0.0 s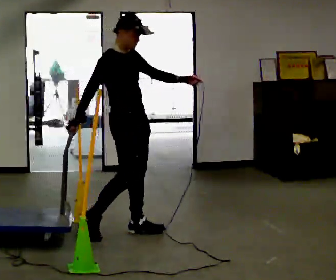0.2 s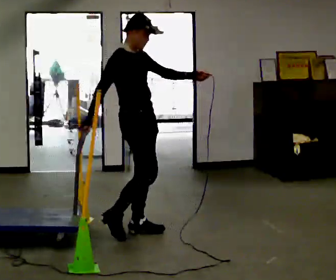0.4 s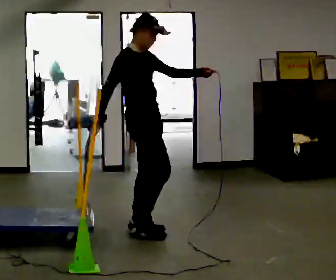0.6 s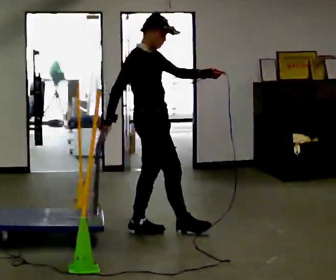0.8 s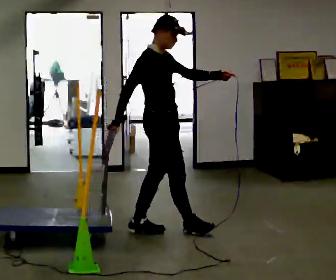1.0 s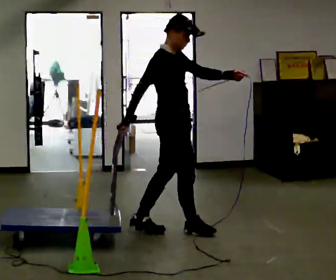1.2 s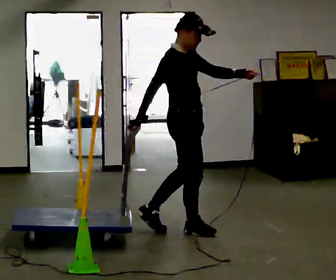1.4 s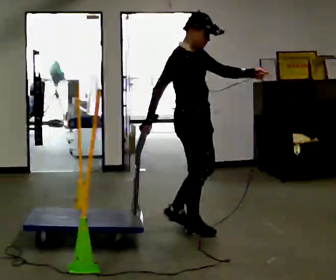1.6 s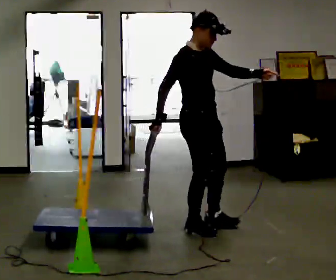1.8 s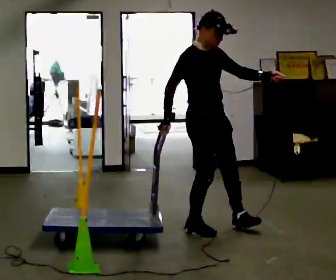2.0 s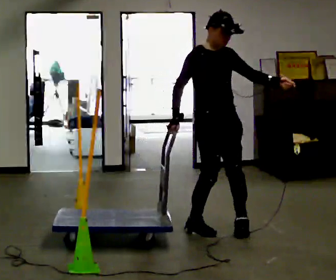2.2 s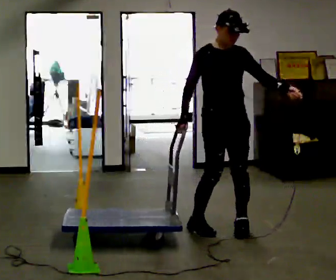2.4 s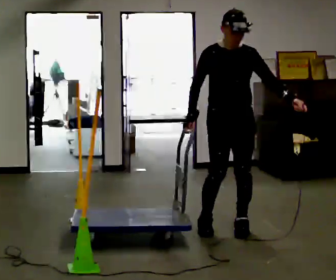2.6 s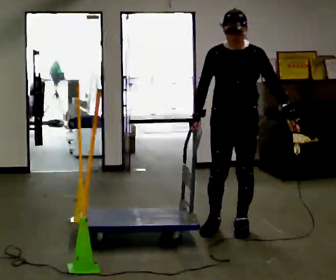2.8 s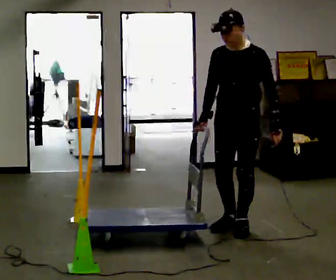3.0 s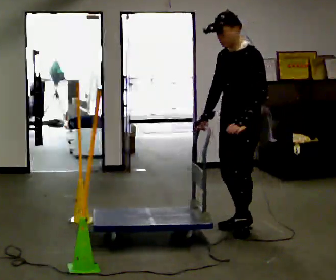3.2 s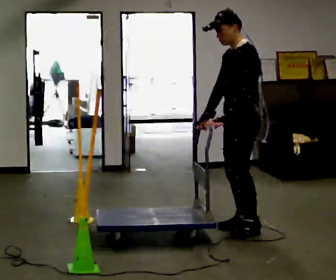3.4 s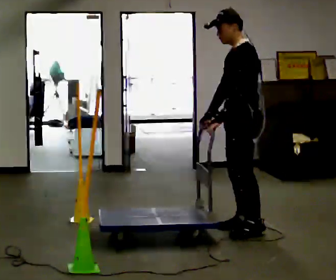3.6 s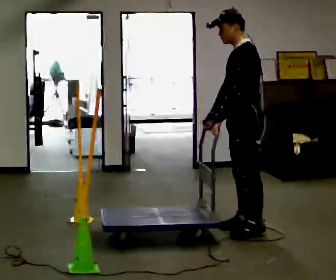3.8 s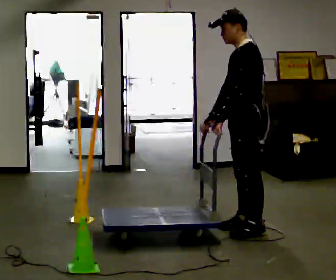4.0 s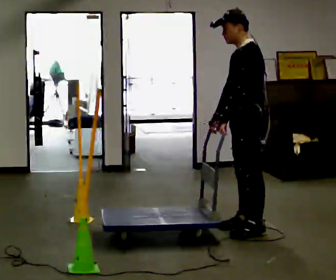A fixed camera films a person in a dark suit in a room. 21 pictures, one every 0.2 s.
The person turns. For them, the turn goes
to their right.
The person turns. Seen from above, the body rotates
clockwise.
0.0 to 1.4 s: In the picture they go to the right, about 0.5 m in 1 step, which for them is forward.
1.4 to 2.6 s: The person turns about 75 degrees to their right, clockwise seen from above, so the part of the body nearest the lens slides to the left. In the picture they go to the right, about 0.25 m in 1 step.
2.6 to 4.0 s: The part of the body nearest the lens slides to the left as the person turns to their right by about 75 degrees. In the picture their left hand goes to the left, the arm swinging clockwise.
The film runs forward here.
